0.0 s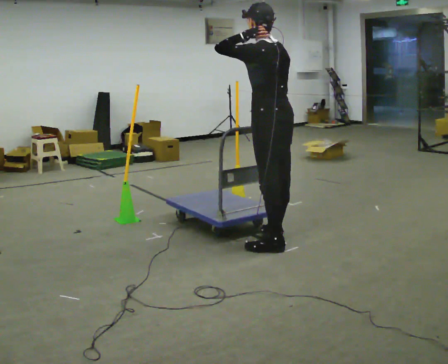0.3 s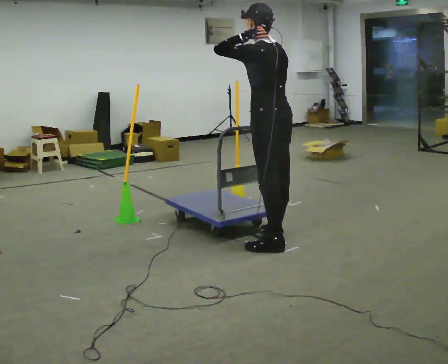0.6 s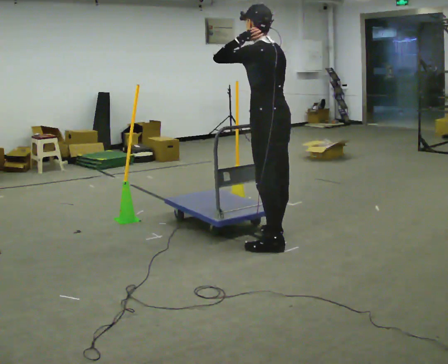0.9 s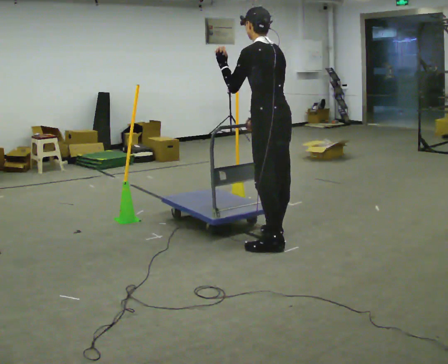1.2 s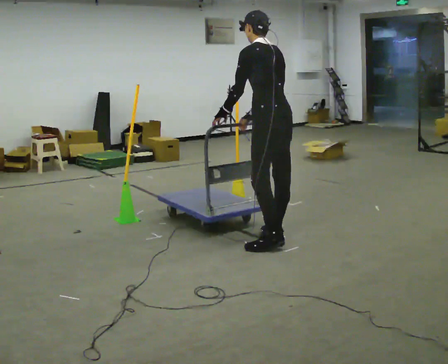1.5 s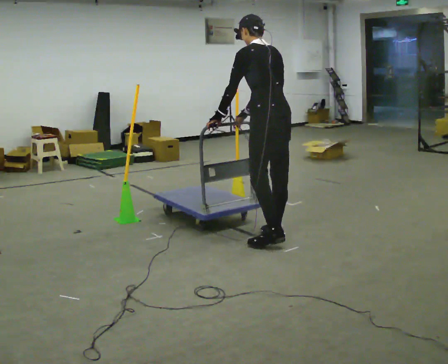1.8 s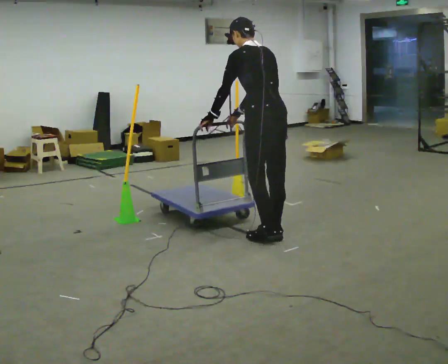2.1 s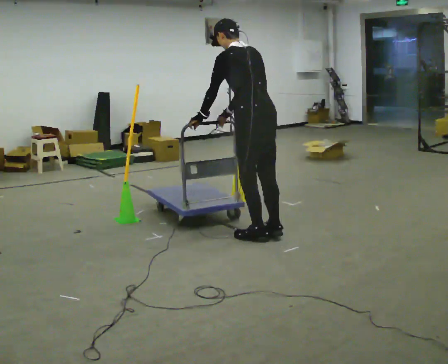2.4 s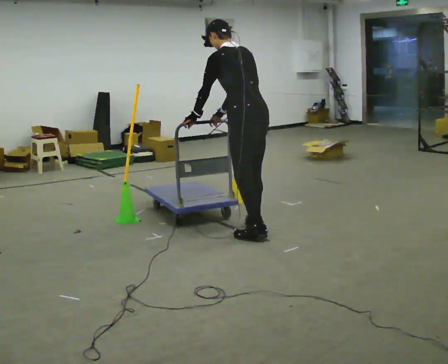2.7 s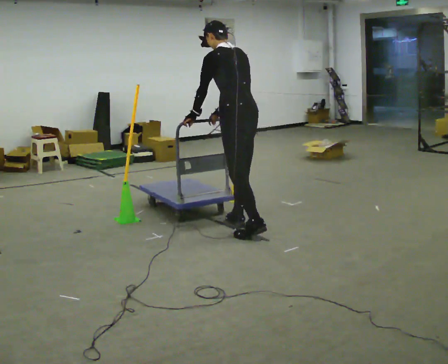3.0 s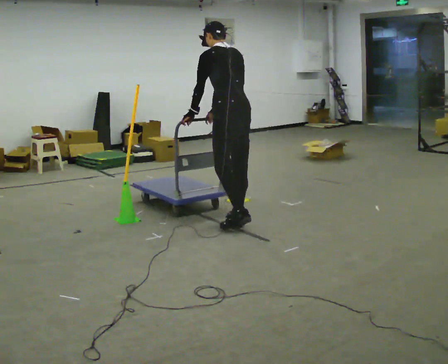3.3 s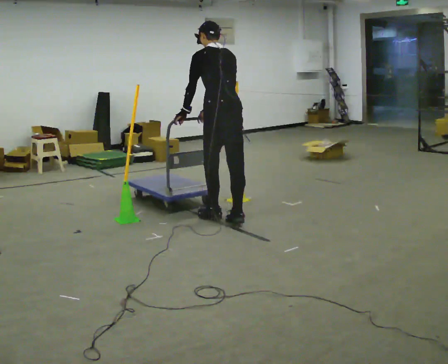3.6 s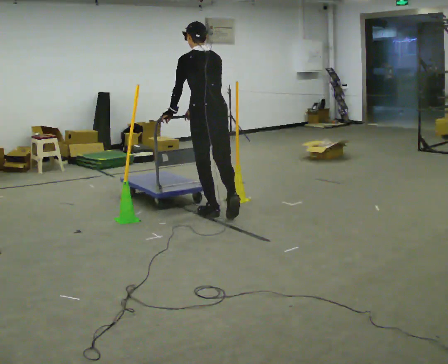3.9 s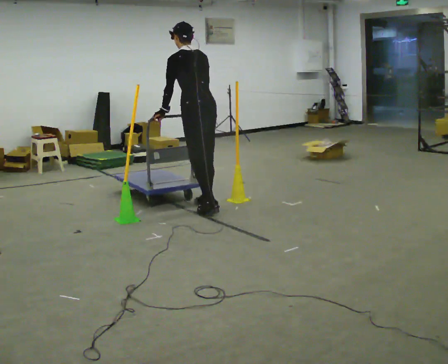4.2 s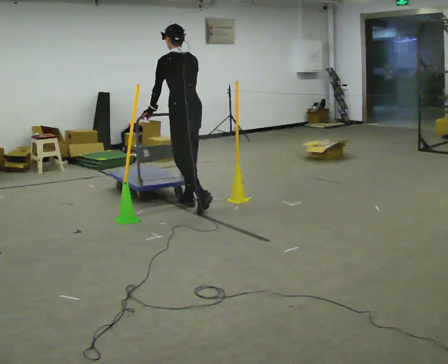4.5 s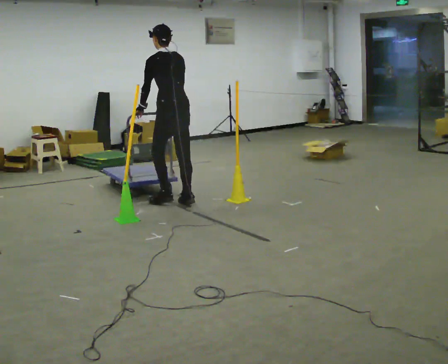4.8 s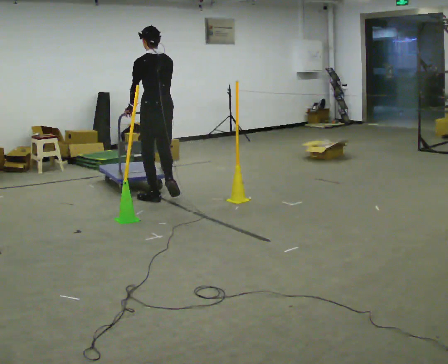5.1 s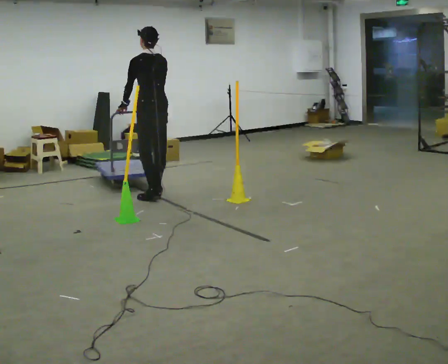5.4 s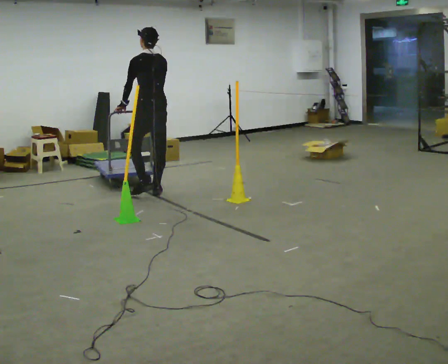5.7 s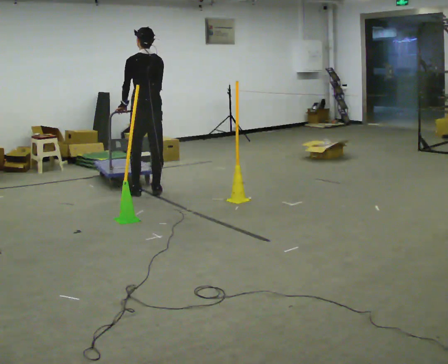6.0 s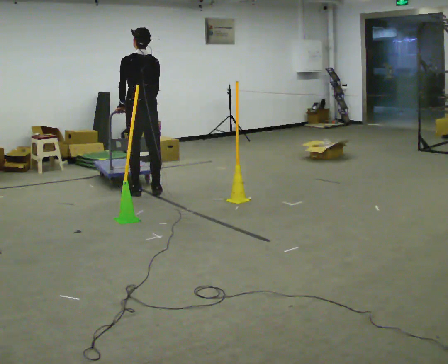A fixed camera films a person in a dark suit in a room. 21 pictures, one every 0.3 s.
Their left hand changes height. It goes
downward.
0.0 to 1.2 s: In the picture their left hand goes downward.
1.2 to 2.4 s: In the picture they go to the left, about 0.25 m in 1 step, which for them is forward.
2.4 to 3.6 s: In the picture they go away from the camera and to the left, about 0.5 m in 2 steps, which for them is forward.
3.6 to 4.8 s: In the picture they go to the left and away from the camera, about 0.5 m in 2 steps, which for them is forward.
4.8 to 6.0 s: In the picture they go away from the camera and to the left, about 0.25 m in 2 steps, which for them is forward.
The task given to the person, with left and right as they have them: Push the cart through the gap between the poles without touching them, then bring it back through.
The film runs forward here.
